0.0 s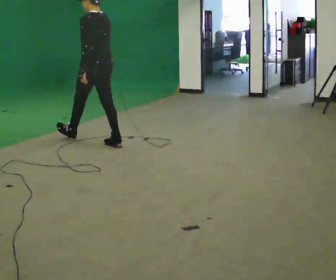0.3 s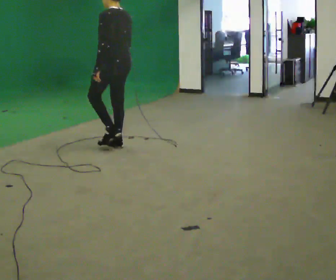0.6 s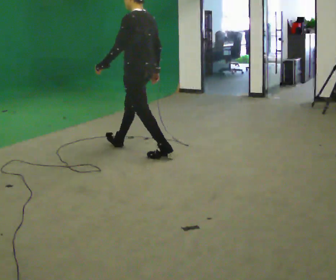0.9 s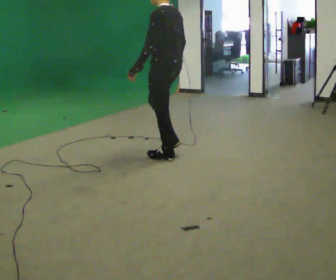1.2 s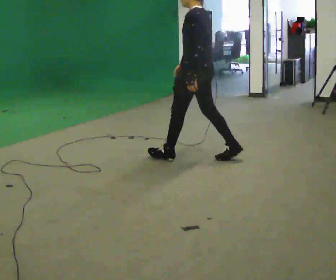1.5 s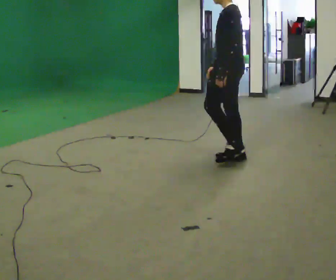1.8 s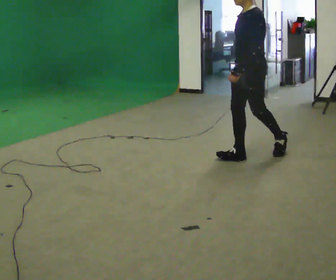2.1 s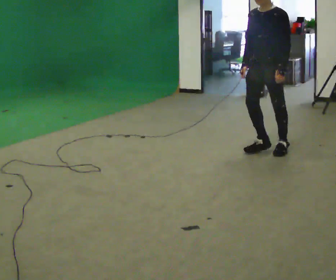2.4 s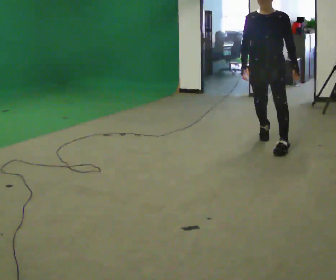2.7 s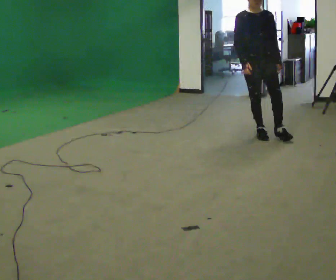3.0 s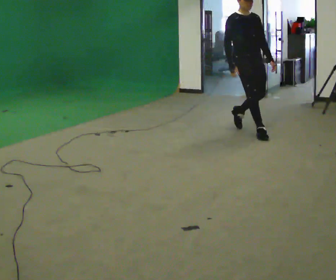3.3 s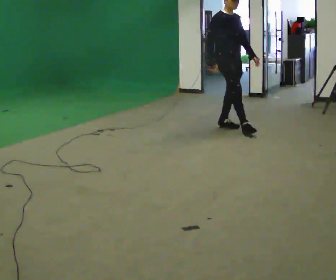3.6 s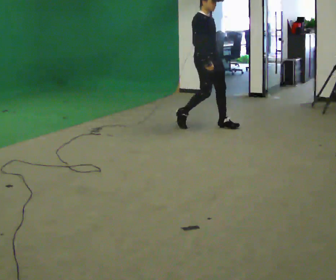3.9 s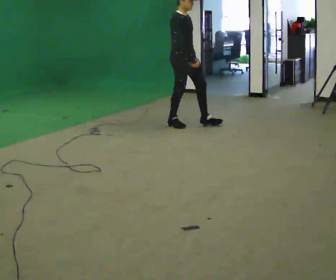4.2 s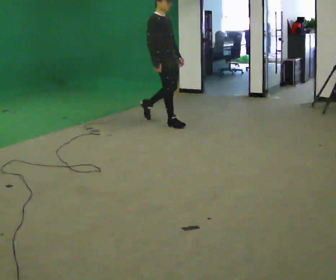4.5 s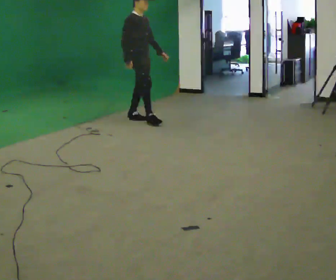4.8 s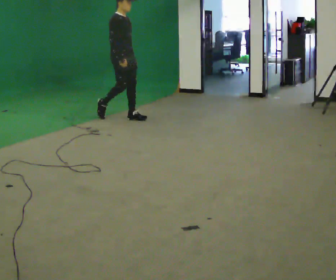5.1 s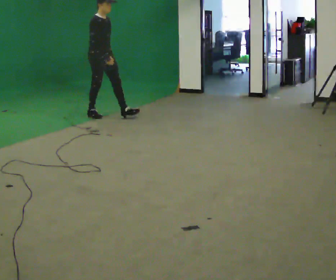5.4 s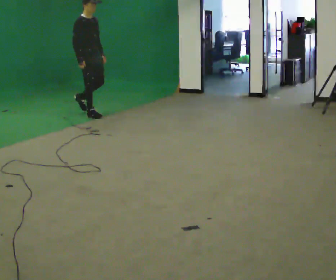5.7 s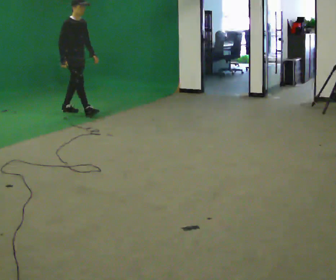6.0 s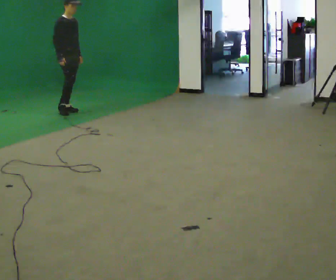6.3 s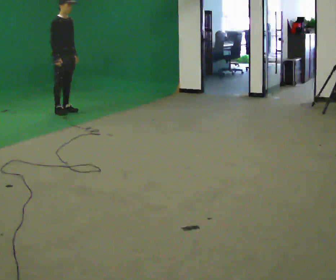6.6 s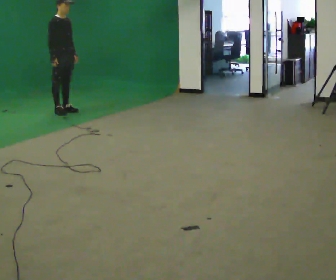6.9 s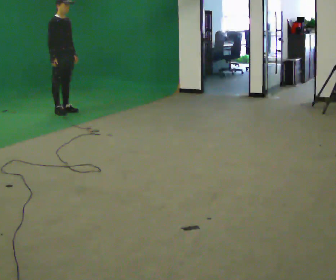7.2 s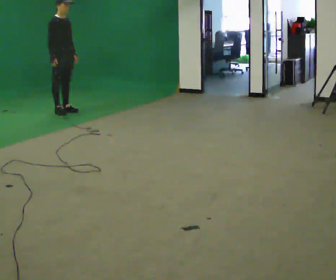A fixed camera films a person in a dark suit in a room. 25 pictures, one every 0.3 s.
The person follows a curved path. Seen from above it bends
counterclockwise.
The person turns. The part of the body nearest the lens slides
to the right.
0.0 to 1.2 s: In the picture they go to the right and toward the camera, about 1 m in 1 step, which for them is backward.
1.2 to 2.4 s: The part of the body nearest the lens slides to the right as the person turns to their left by about 90 degrees. In the picture they go to the right and away from the camera, about 1 m in 2 steps.
2.4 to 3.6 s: The person turns about 75 degrees to their left, counterclockwise seen from above, so the part of the body nearest the lens slides to the right. In the picture they go away from the camera and to the left, about 1 m in 2 steps.
3.6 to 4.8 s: In the picture they go to the left, about 1 m in 2 steps, which for them is backward.
4.8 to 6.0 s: In the picture they go to the left and away from the camera, about 1 m in 2 steps, which for them is backward.
6.0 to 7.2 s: The person moves a little, or ends about where they began.
The film runs backward here.
